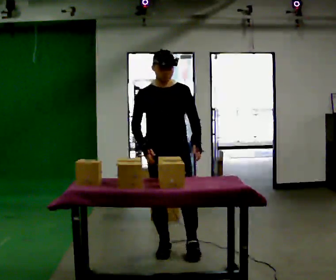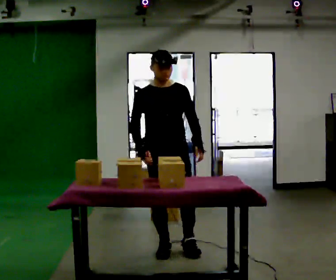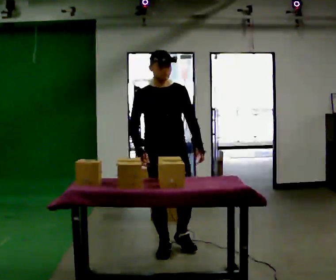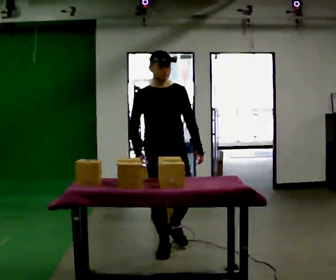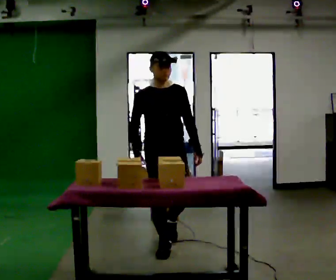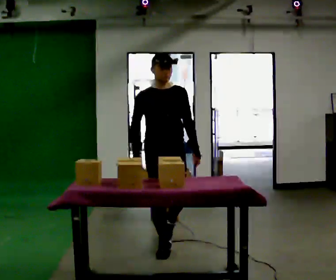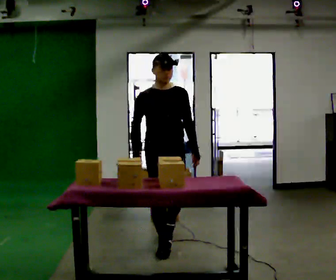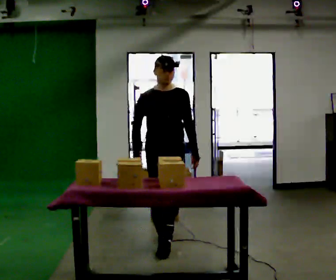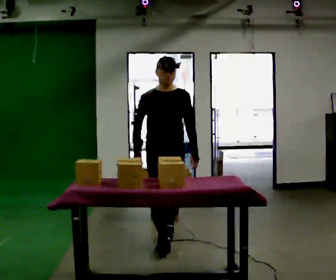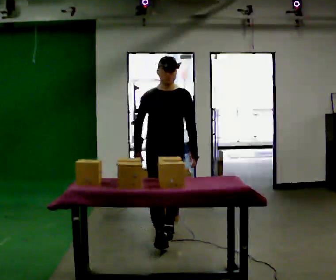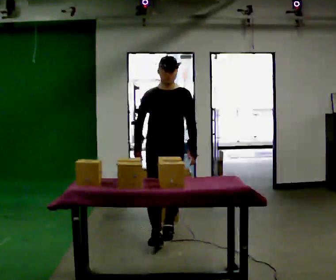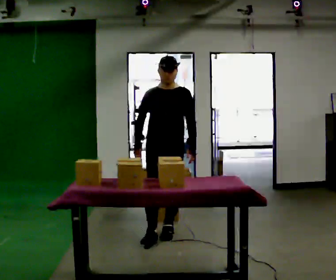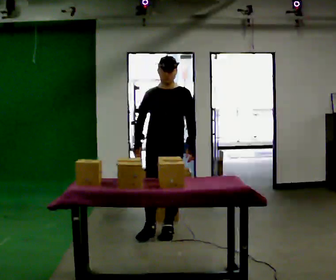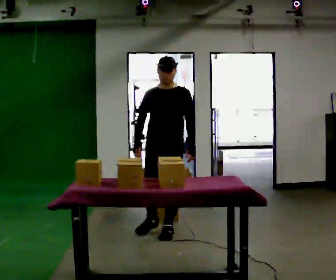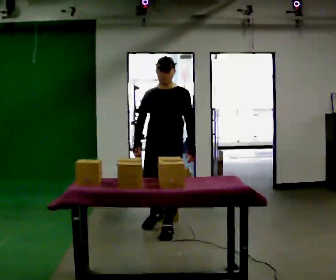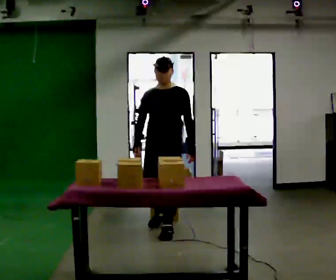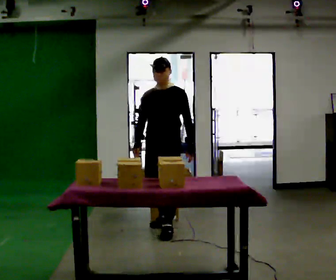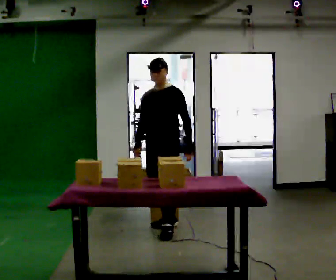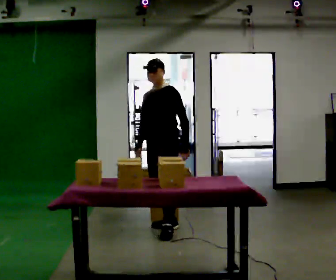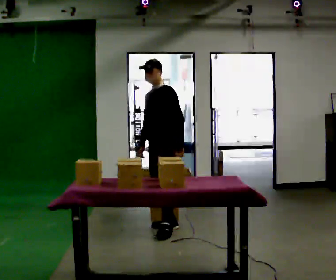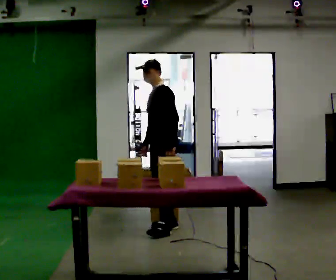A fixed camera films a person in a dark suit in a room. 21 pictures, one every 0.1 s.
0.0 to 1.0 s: In the picture they go away from the camera, about 0.5 m in 1 step, which for them is backward.
1.0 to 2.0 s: The part of the body nearest the lens slides to the left as the person turns to their right by about 75 degrees. In the picture they go away from the camera, about 0.5 m.
The film runs backward here.
